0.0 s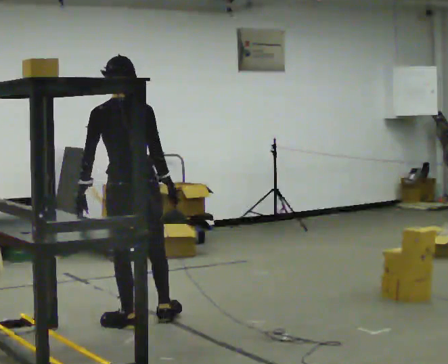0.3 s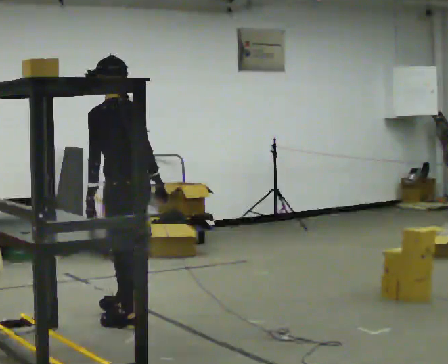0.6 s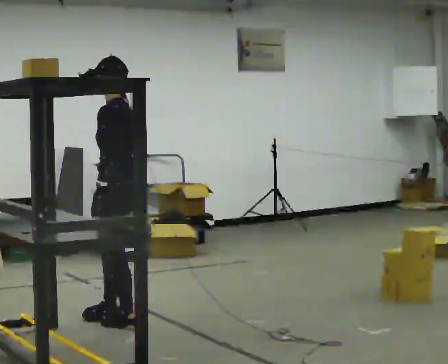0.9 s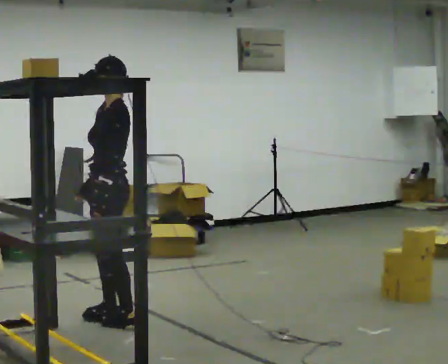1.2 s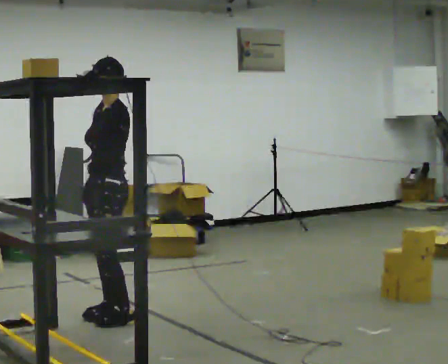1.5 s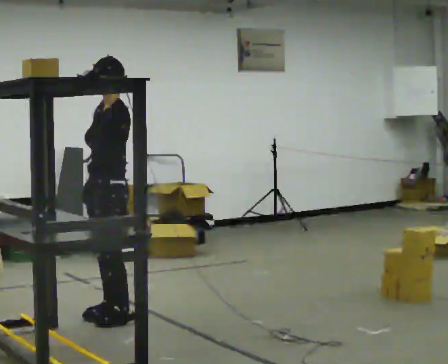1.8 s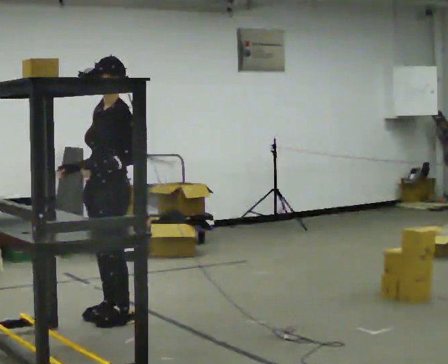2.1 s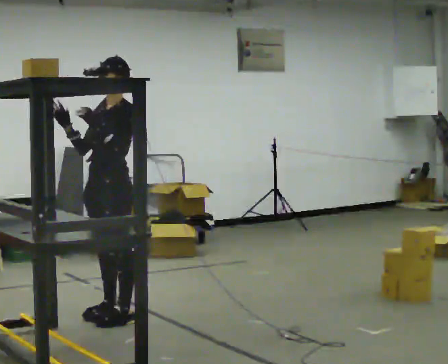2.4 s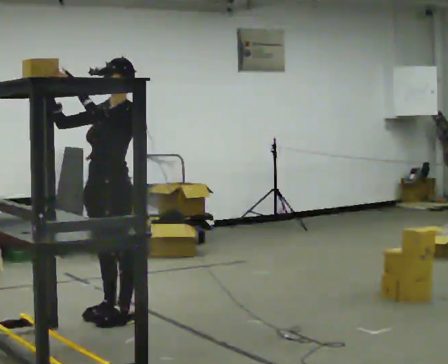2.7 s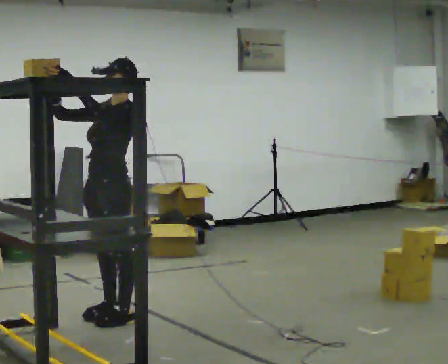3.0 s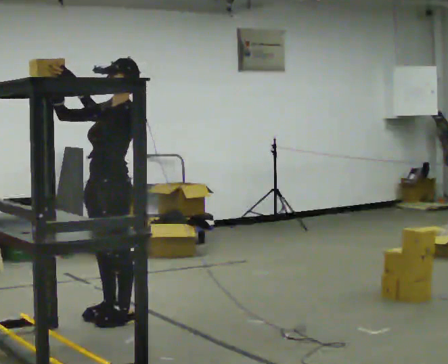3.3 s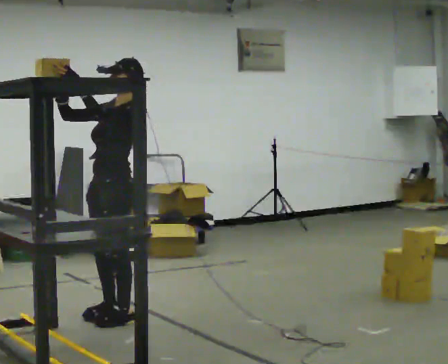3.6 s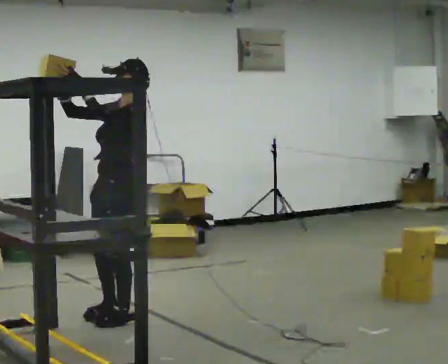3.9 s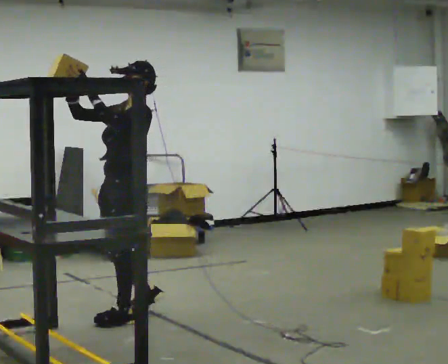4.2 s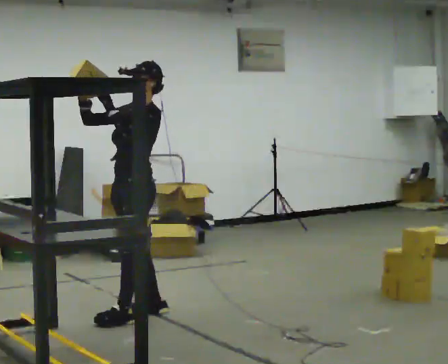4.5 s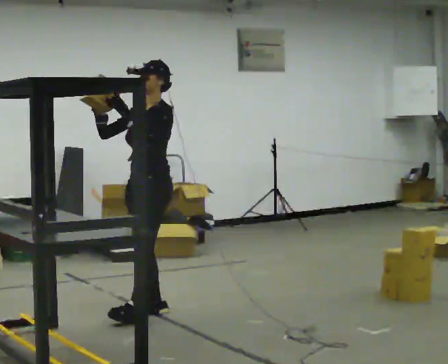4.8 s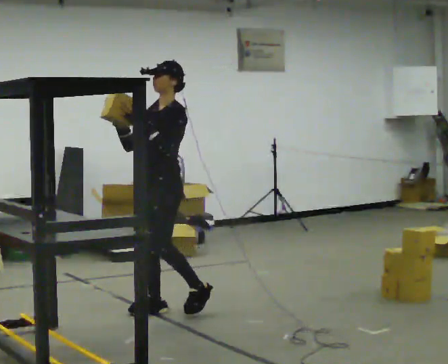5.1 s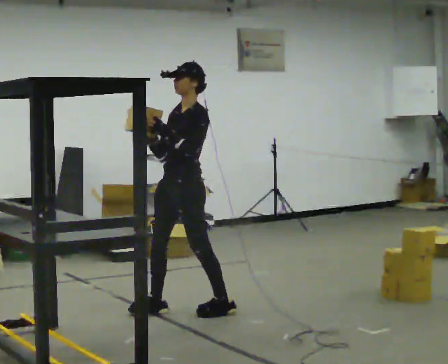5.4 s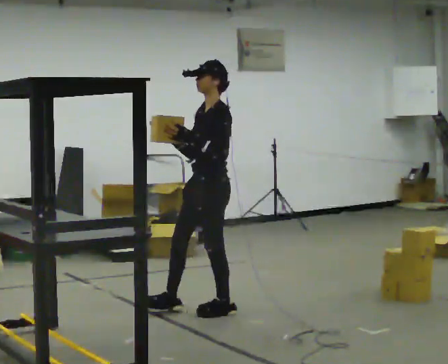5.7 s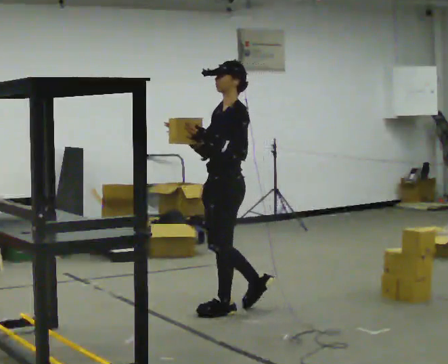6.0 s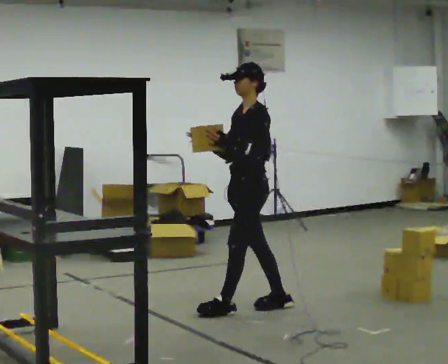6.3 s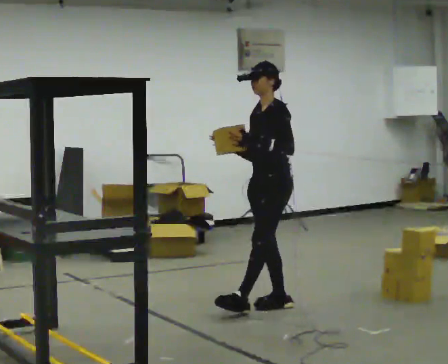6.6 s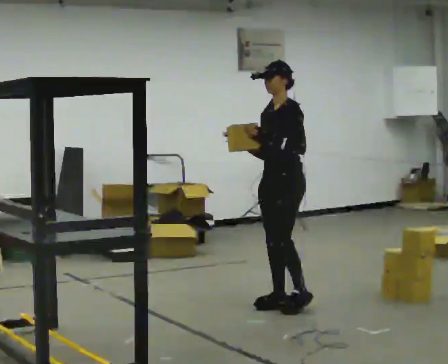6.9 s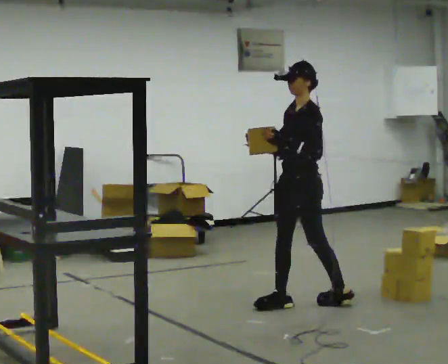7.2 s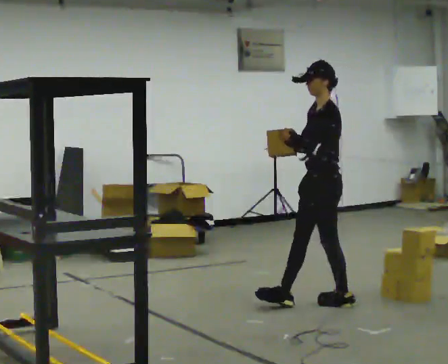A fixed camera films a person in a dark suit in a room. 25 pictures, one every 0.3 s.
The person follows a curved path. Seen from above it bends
clockwise.
The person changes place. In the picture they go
to the right.
0.0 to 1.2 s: Seen from above the body turns counterclockwise, about 90 degrees: to their left, with its near side sliding to the right. In the picture they go away from the camera, about 0.25 m. In the picture their right hand goes to the left.
1.2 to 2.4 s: In the picture their right hand goes upward, the arm swinging clockwise.
2.4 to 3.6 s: The person moves a little, or ends about where they began.
3.6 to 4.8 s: In the picture they go to the right and away from the camera, about 0.25 m in 2 steps, which for them is backward and to their right.
4.8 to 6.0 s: In the picture they go to the right, about 0.5 m in 1 step, which for them is backward.
6.0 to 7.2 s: In the picture they go to the right, about 0.5 m in 2 steps, which for them is backward.
The film runs backward here.
